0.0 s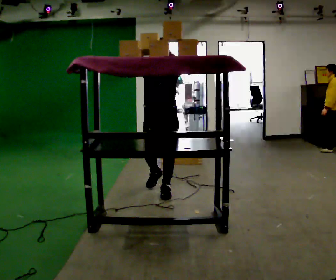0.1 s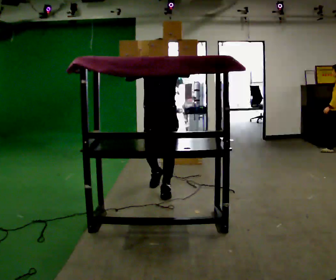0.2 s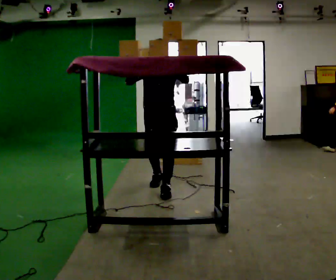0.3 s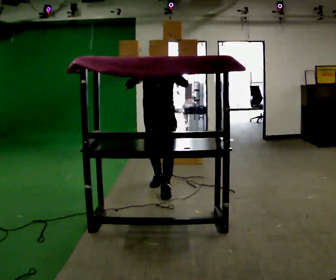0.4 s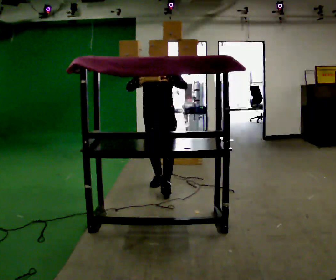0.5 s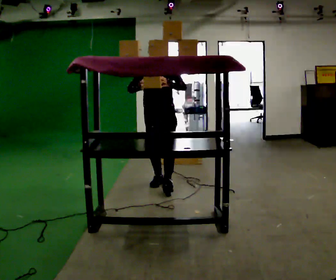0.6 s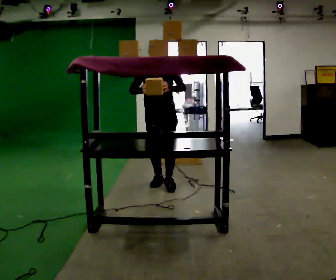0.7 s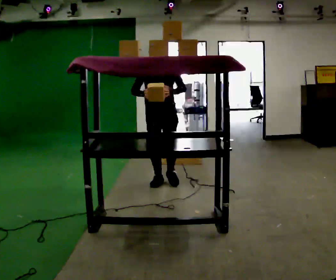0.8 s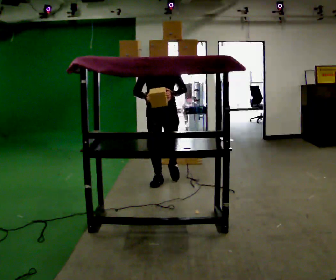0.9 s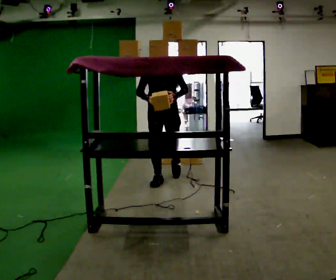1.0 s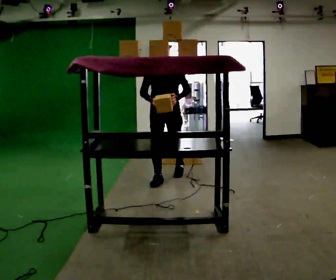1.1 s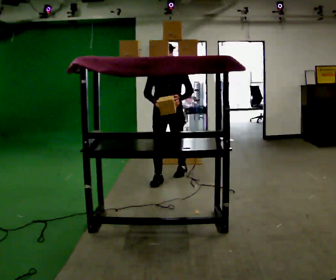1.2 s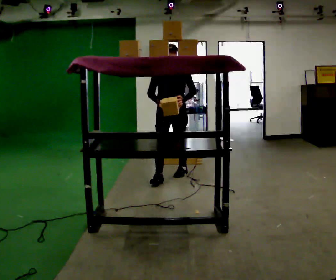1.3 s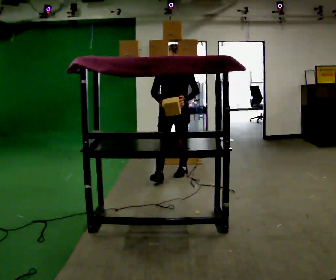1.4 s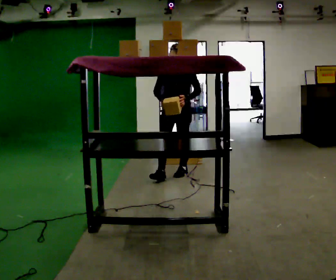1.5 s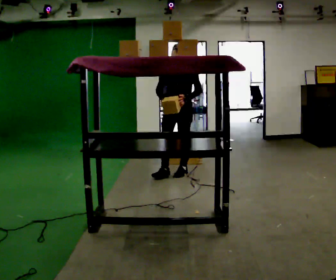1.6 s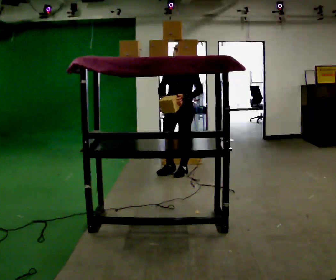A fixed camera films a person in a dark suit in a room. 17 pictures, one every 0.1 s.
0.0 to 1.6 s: In the picture they go away from the camera, about 1 m in 2 steps, which for them is backward. In the picture their right hand goes downward.
The film runs backward here.
